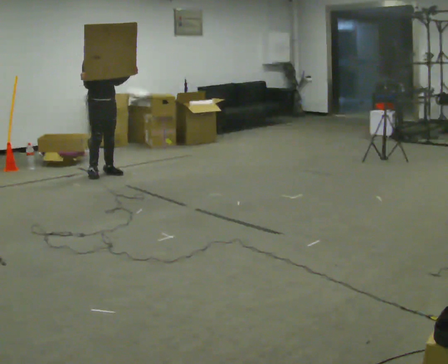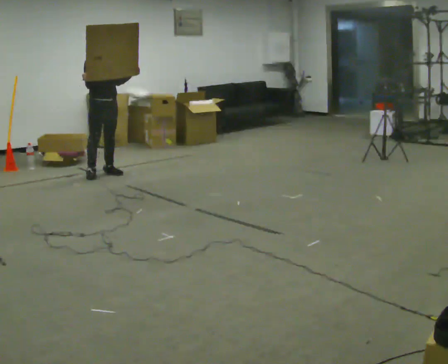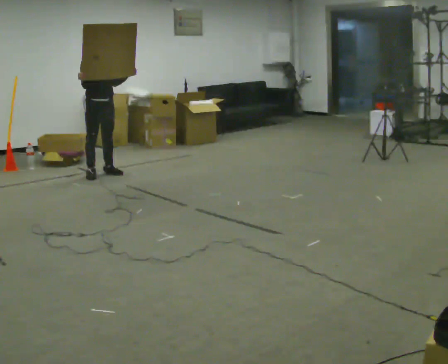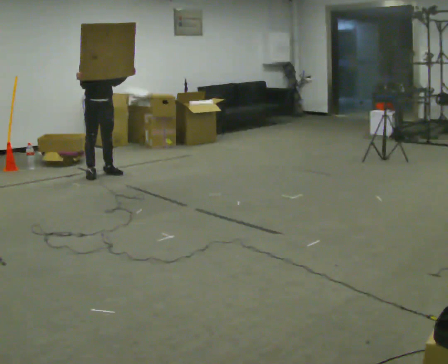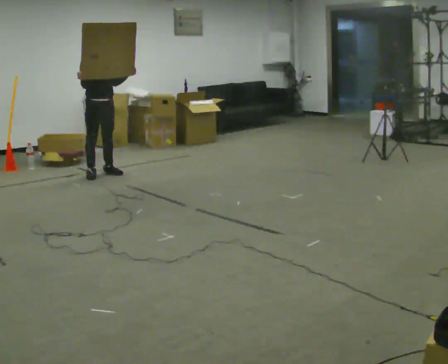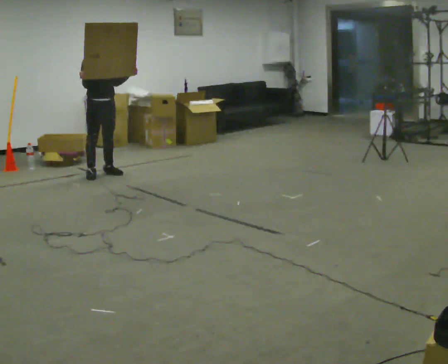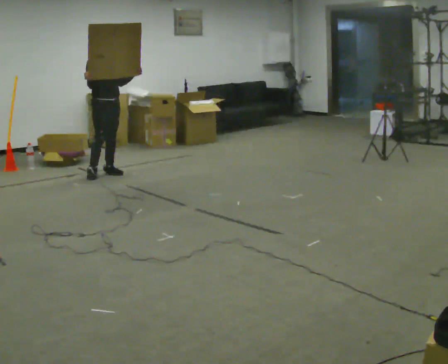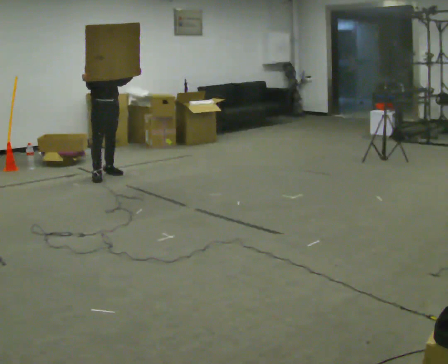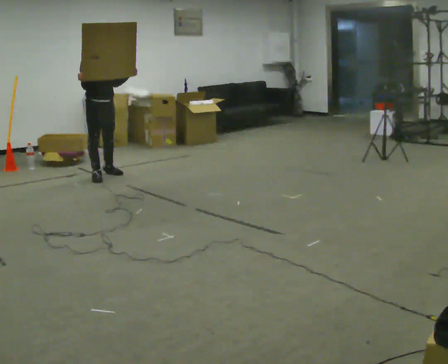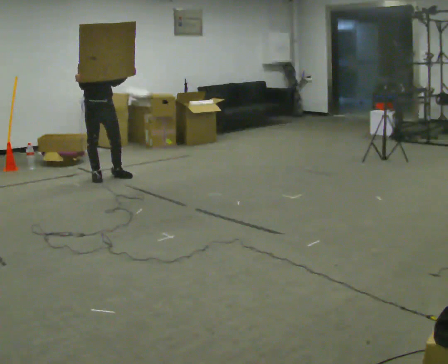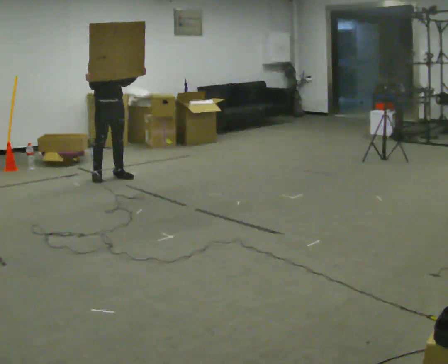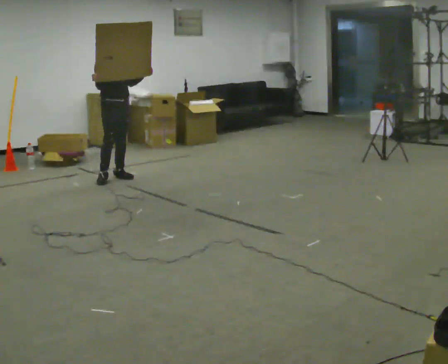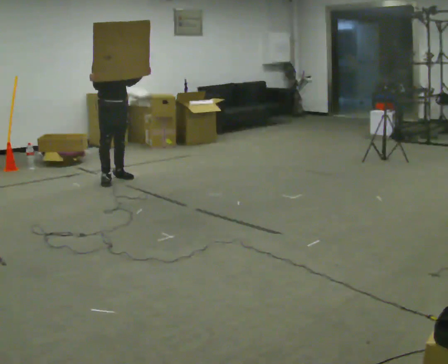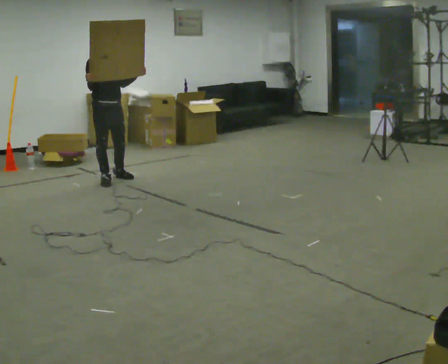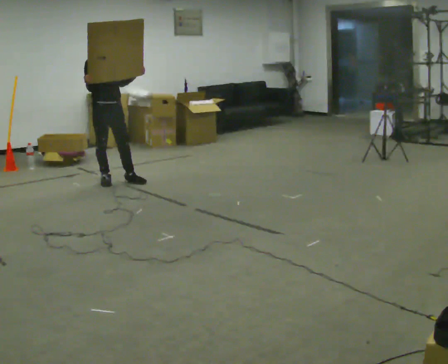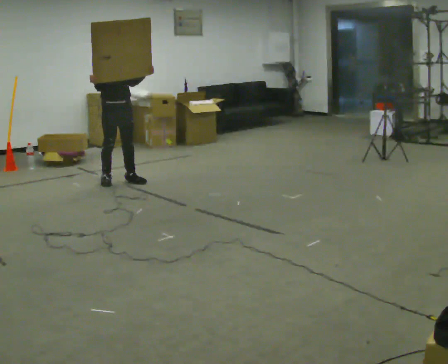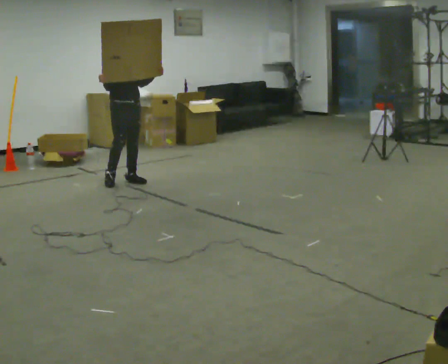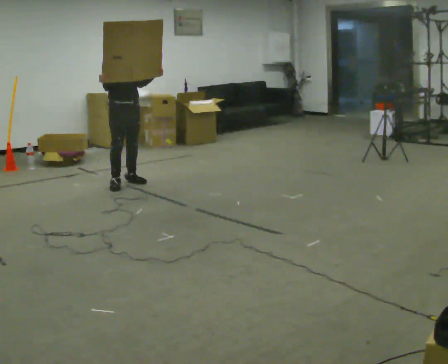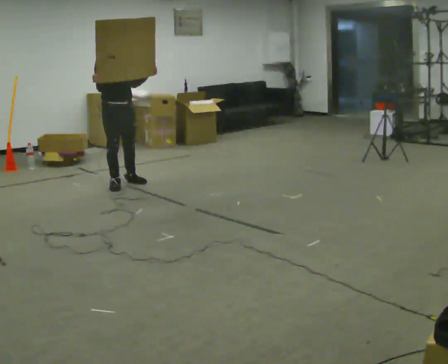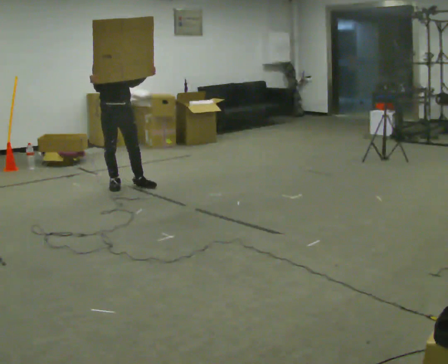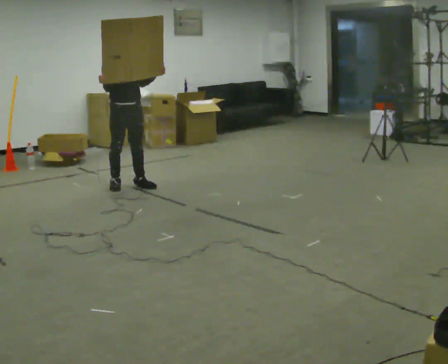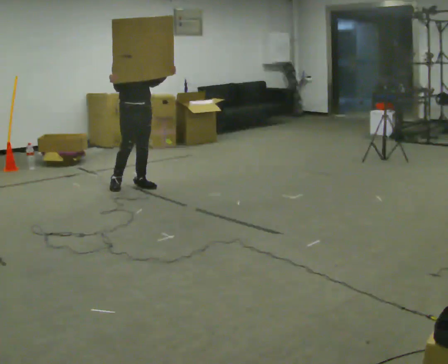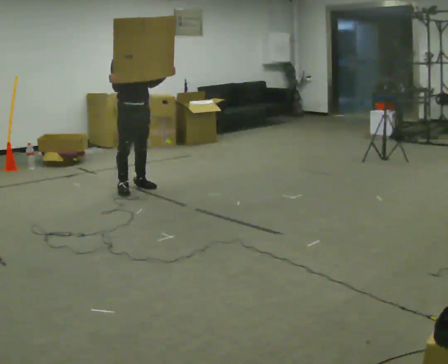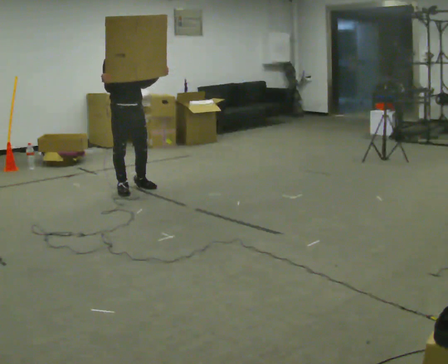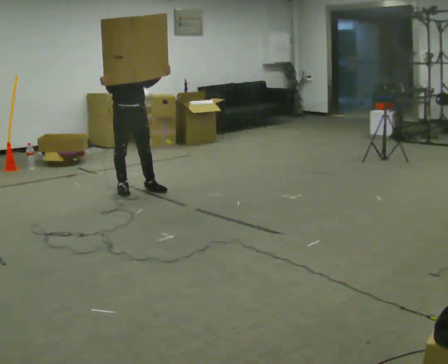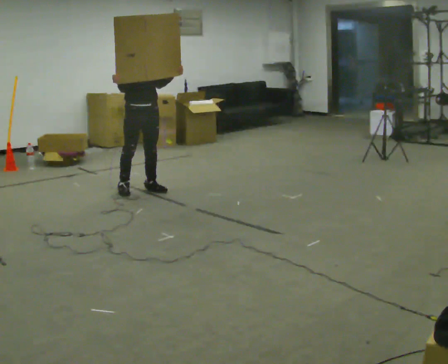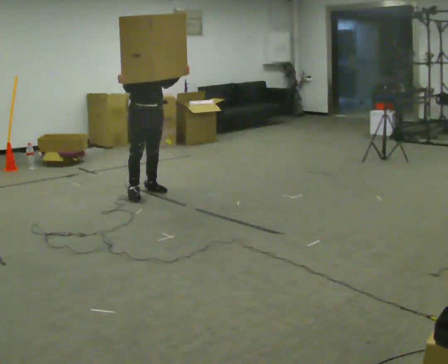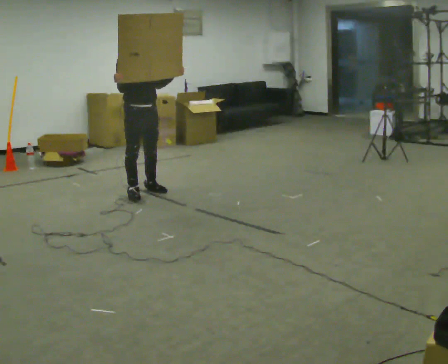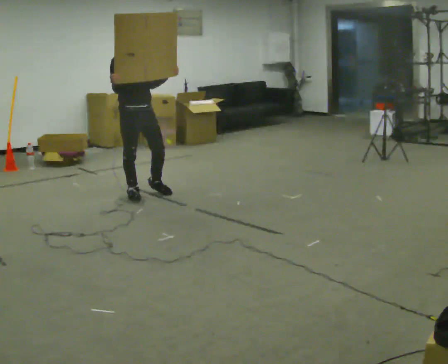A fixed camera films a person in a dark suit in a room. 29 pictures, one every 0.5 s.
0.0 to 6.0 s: In the picture they go toward the camera, about 0.25 m in 3 steps, which for them is forward.
6.0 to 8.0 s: In the picture they go toward the camera, about 0.25 m in 1 step, which for them is forward.
8.0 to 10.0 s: In the picture they go toward the camera, about 0.25 m in 2 steps, which for them is forward.
10.0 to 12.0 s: In the picture they go toward the camera, about 0.25 m in 2 steps, which for them is forward.
12.0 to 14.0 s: In the picture they go toward the camera, about 0.25 m in 1 step, which for them is forward.
The film runs forward here.
